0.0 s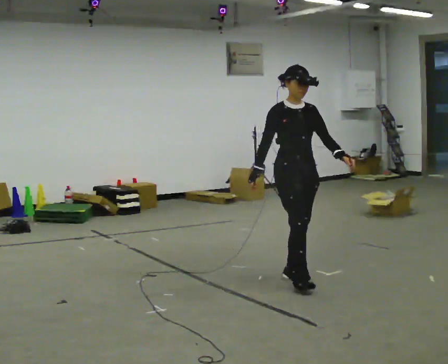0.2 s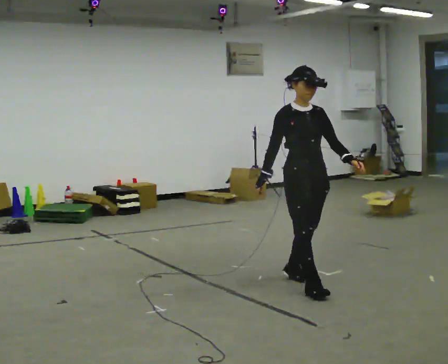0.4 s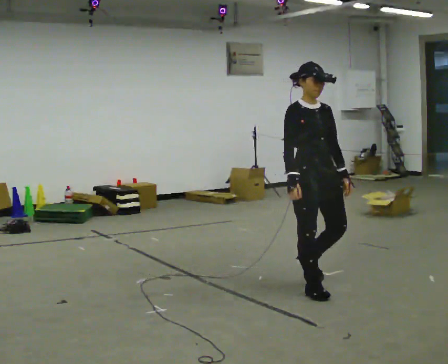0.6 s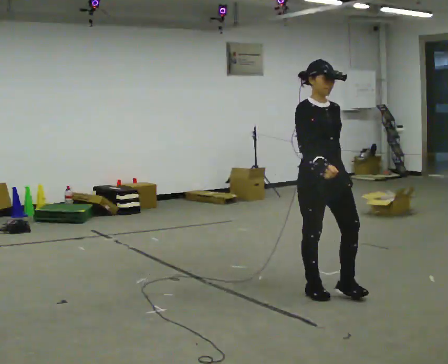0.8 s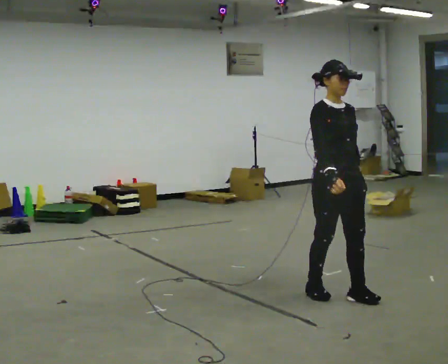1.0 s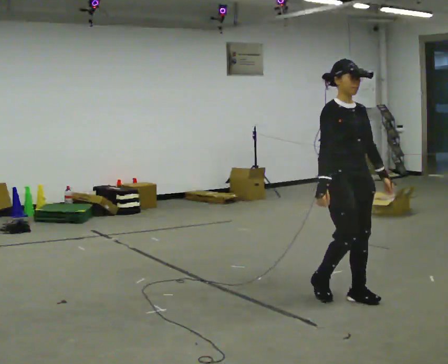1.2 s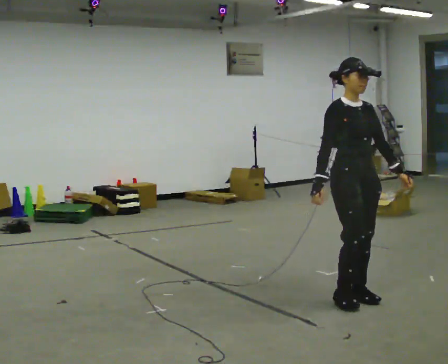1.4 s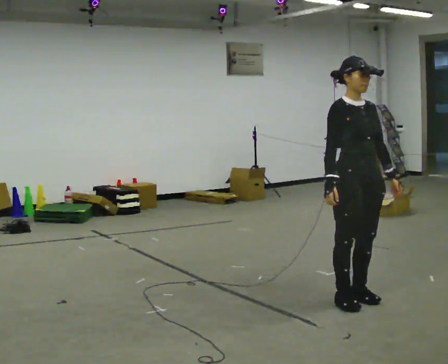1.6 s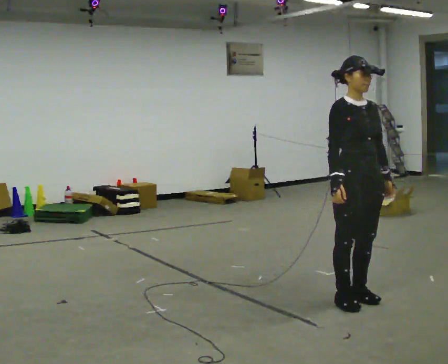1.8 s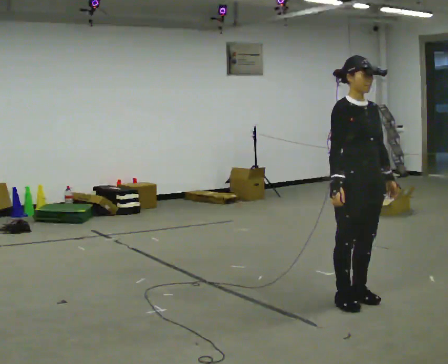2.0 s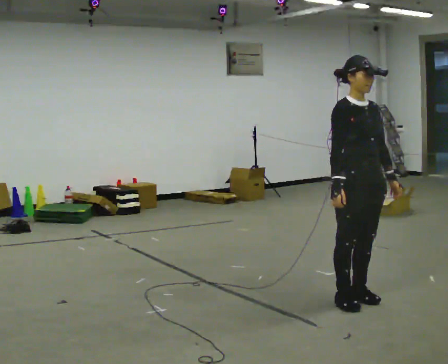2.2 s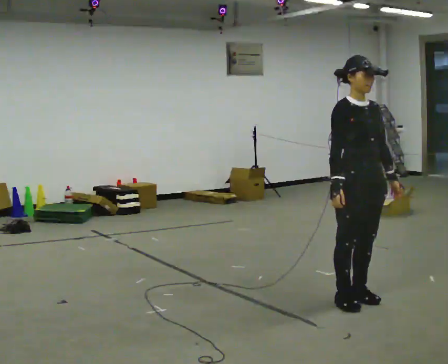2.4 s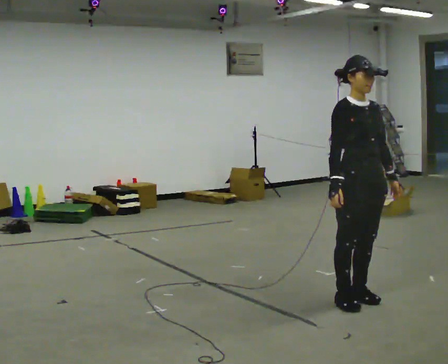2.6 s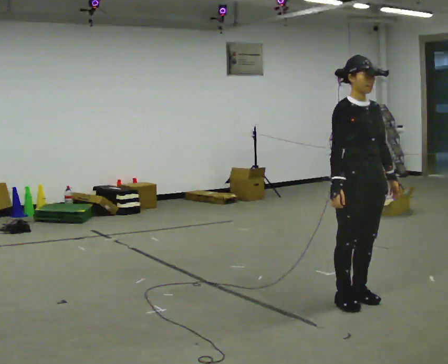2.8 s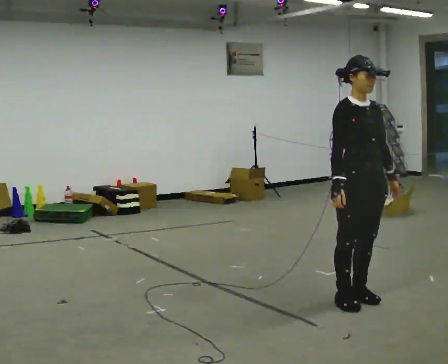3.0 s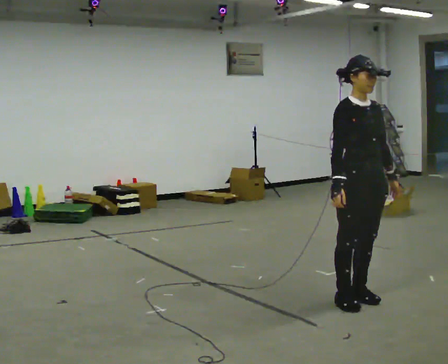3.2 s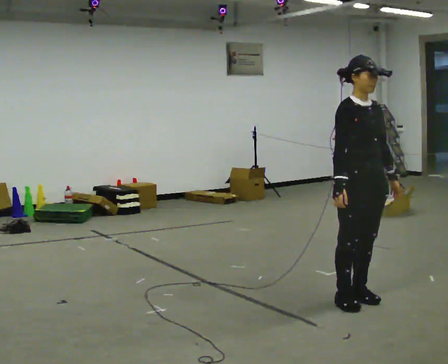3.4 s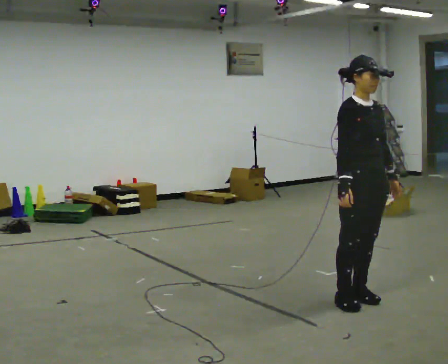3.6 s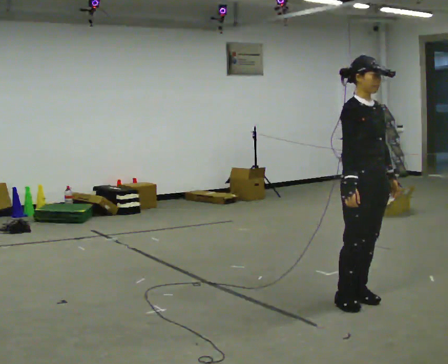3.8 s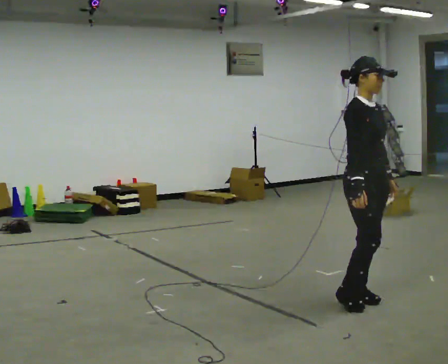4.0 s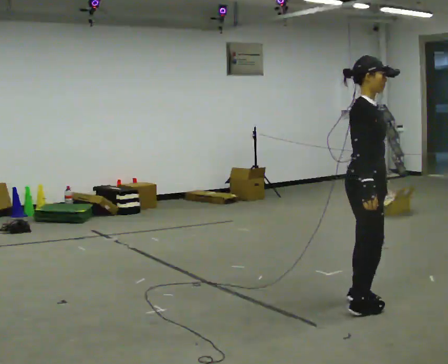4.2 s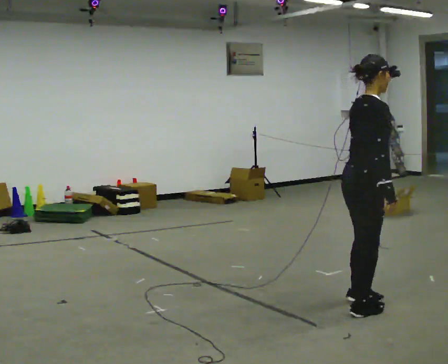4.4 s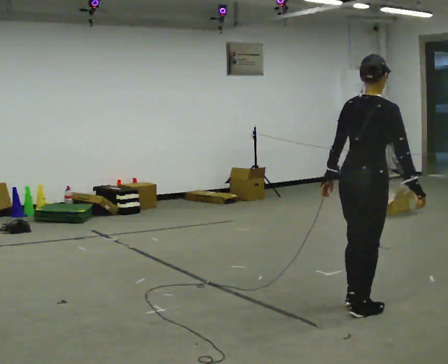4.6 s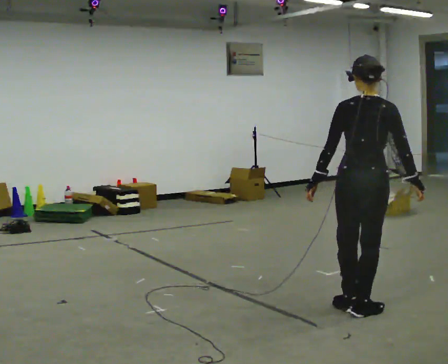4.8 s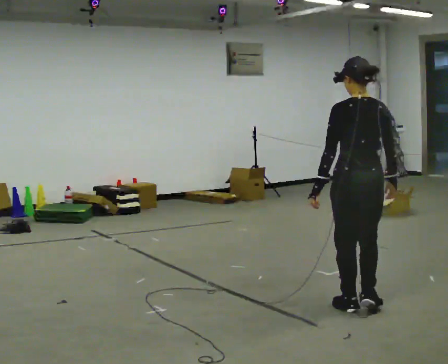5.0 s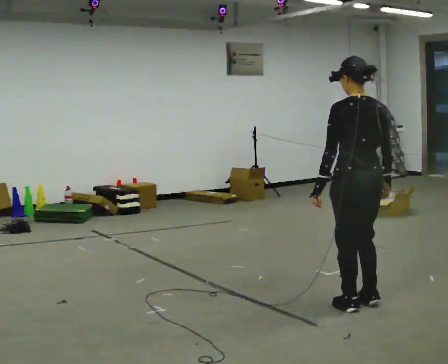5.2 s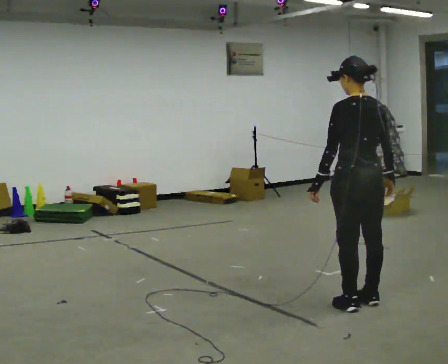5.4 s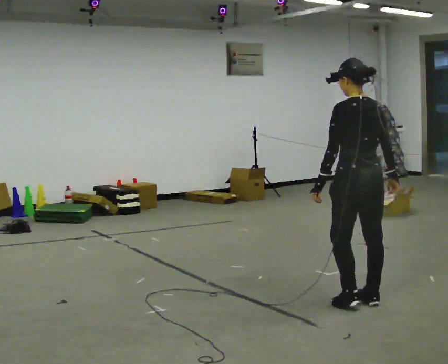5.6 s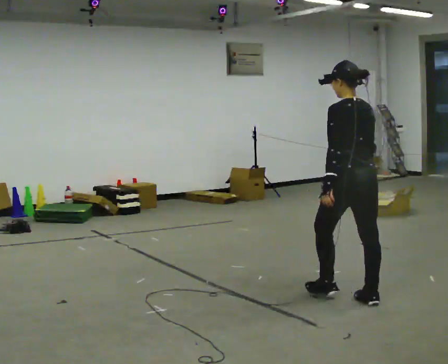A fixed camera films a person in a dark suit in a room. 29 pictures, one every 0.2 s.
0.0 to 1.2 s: In the picture they go toward the camera and to the right, about 0.75 m in 2 steps, which for them is forward.
1.2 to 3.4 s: The person moves a little, or ends about where they began.
3.4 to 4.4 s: The part of the body nearest the lens slides to the right as the person turns to their left by about 105 degrees. In the picture they go toward the camera, about 0.25 m in 1 step. In the picture their left hand goes to the left, the arm swinging clockwise.
4.4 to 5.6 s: Seen from above the body turns counterclockwise, about 60 degrees: to their left, with its near side sliding to the right. In the picture they go away from the camera, about 0.25 m in 2 steps.
The film runs forward here.
